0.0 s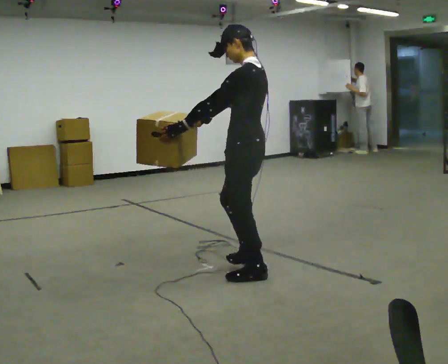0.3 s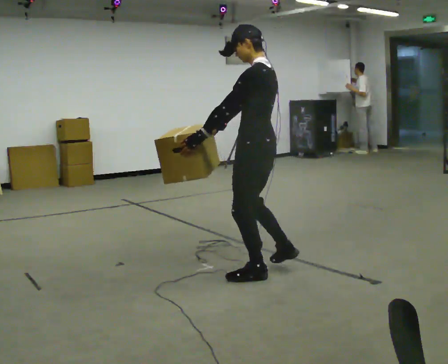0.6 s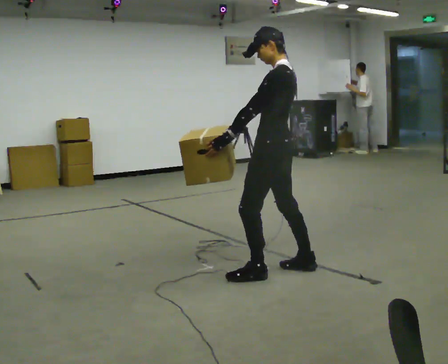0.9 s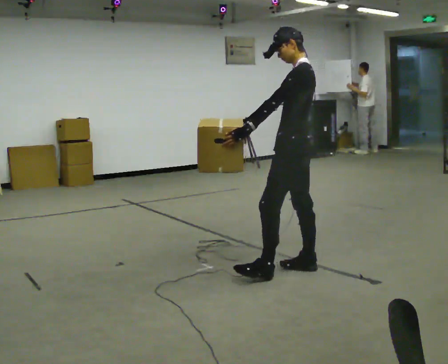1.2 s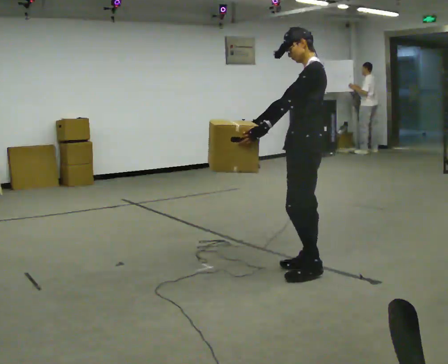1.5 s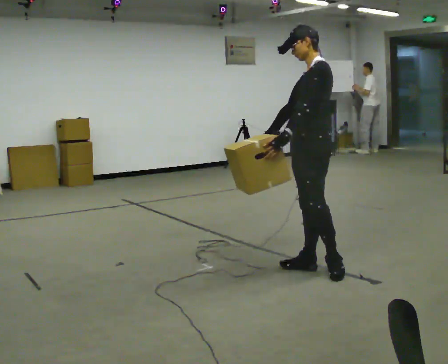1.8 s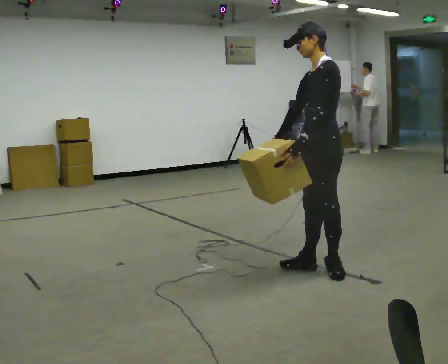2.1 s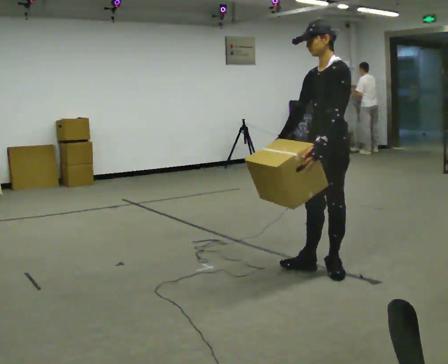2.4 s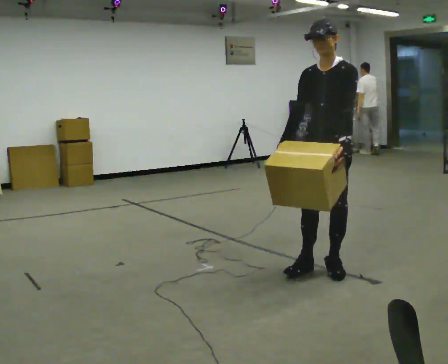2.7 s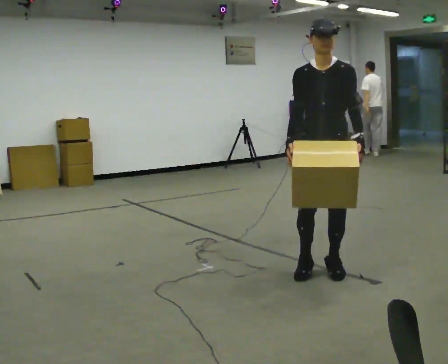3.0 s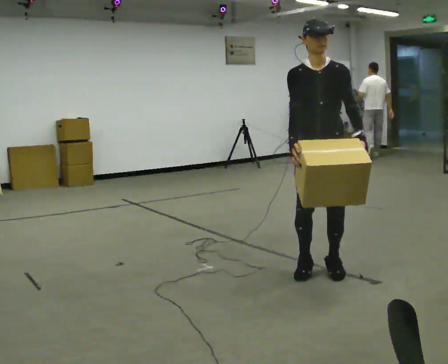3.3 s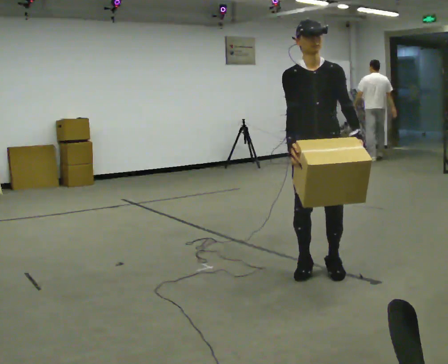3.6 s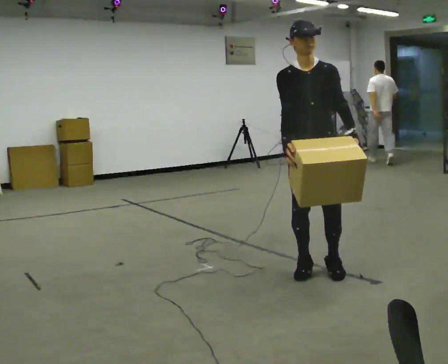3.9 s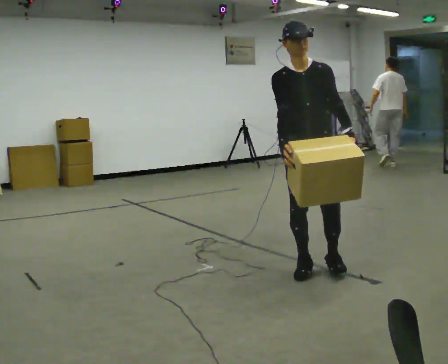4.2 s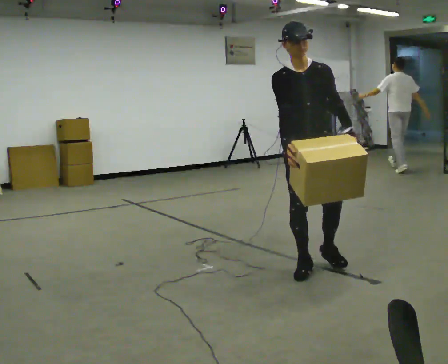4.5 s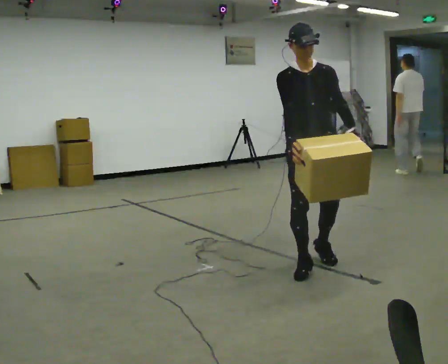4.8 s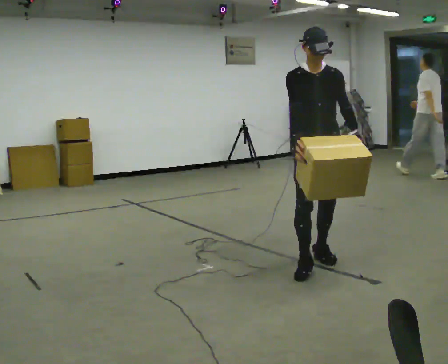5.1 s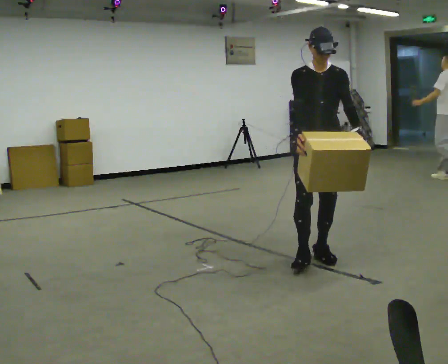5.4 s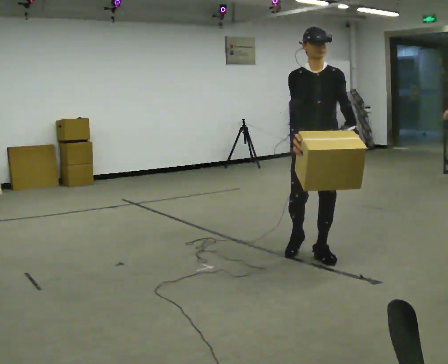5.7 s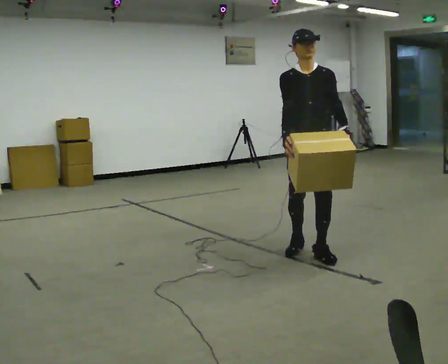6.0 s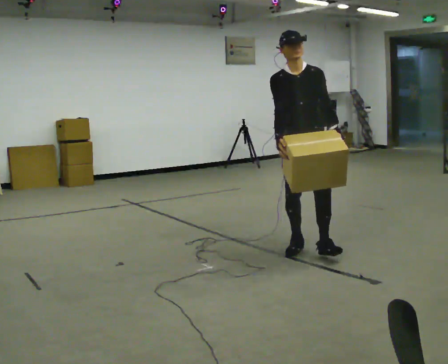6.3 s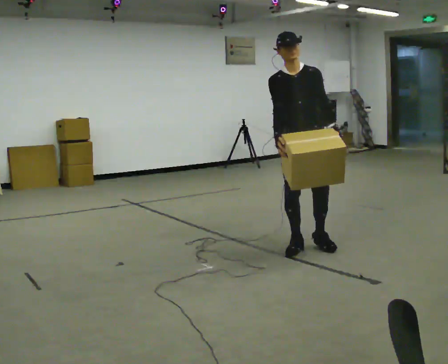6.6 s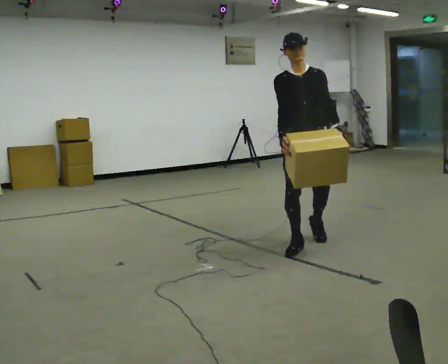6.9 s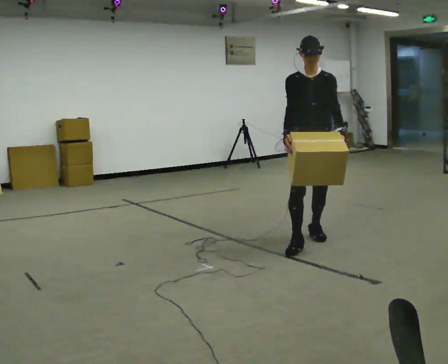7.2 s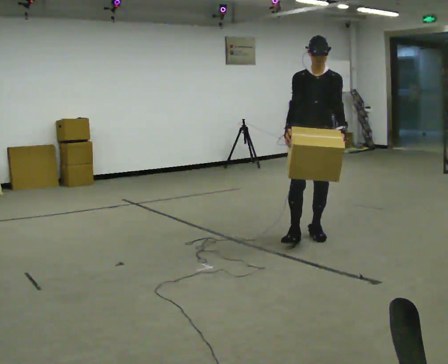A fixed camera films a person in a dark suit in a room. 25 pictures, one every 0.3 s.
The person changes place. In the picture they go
away from the camera.
0.0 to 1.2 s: In the picture they go to the right and away from the camera, about 0.5 m in 1 step, which for them is backward and to their right.
1.2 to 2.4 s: The person turns about 60 degrees to their left, counterclockwise seen from above, so the part of the body nearest the lens slides to the right. In the picture they go to the right, about 0.25 m, which for them is backward. In the picture their left hand goes to the right, the arm swinging counterclockwise.
2.4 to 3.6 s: The person turns about 45 degrees to their left, counterclockwise seen from above, so the part of the body nearest the lens slides to the right.
3.6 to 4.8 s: In the picture they go away from the camera, about 0.25 m in 1 step, which for them is backward.
4.8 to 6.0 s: In the picture they go away from the camera, about 0.25 m in 1 step, which for them is backward.
6.0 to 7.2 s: In the picture they go away from the camera, about 0.5 m in 2 steps, which for them is backward and to their left.
The film runs backward here.
